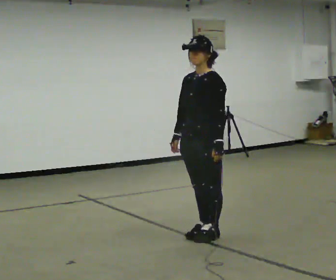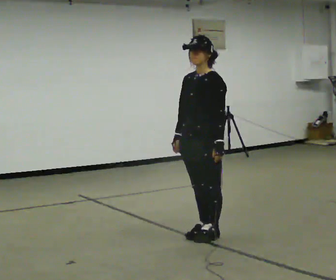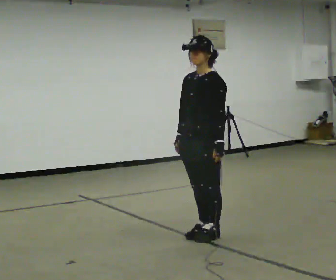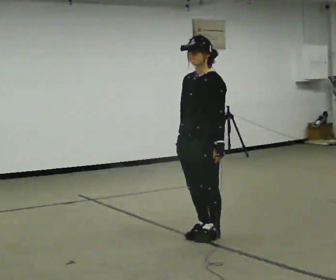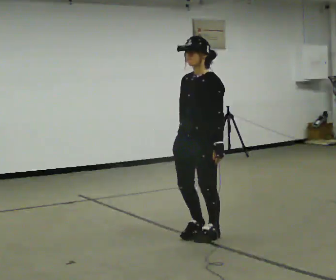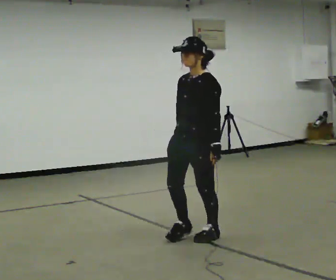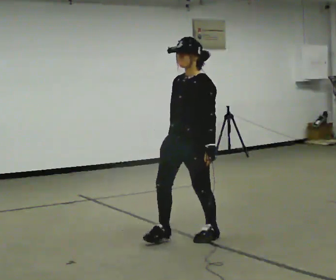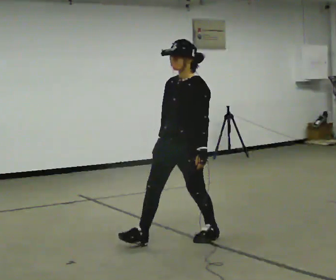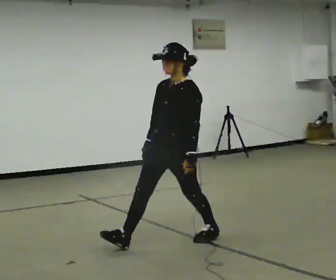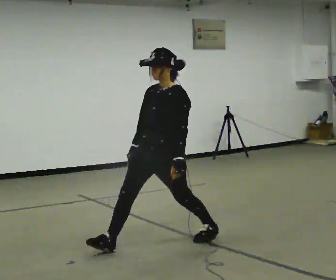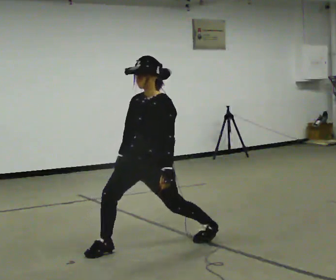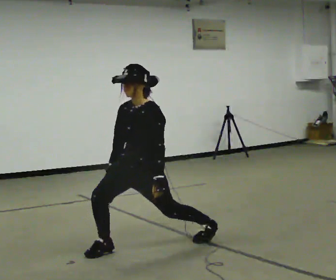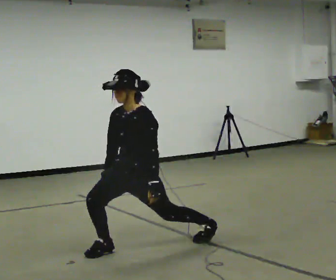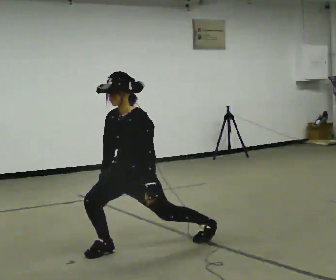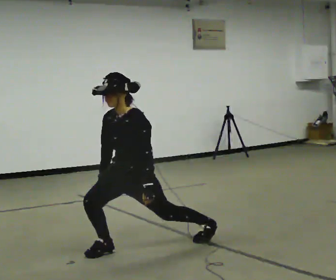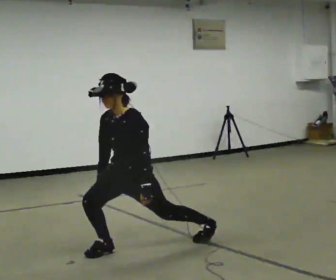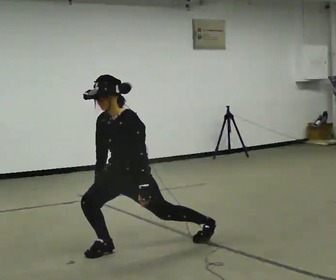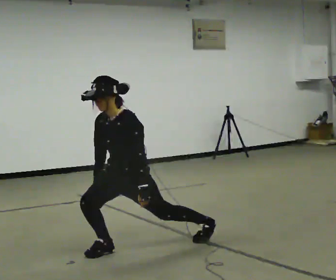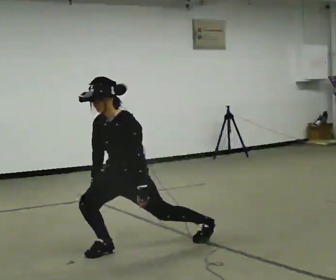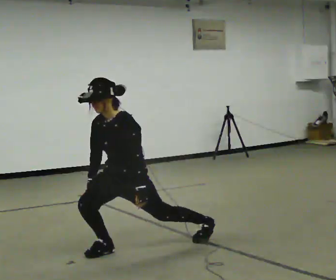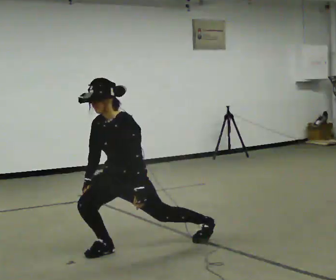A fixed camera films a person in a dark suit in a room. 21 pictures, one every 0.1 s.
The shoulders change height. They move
downward.
0.0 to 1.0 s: In the picture they go to the left and toward the camera, about 0.5 m in 1 step, which for them is forward. The shoulders move downward.
1.0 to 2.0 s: In the picture they go to the left, about 0.25 m, which for them is forward and to their right. In the picture the upper body tilts counterclockwise, shoulders to the left, as they bend forward.
The film runs backward here.
